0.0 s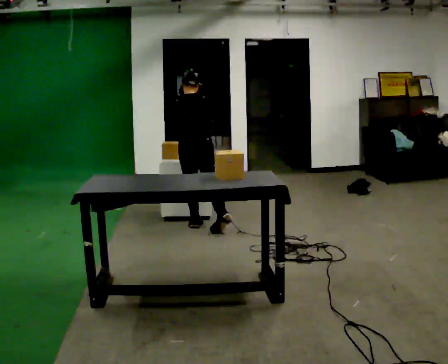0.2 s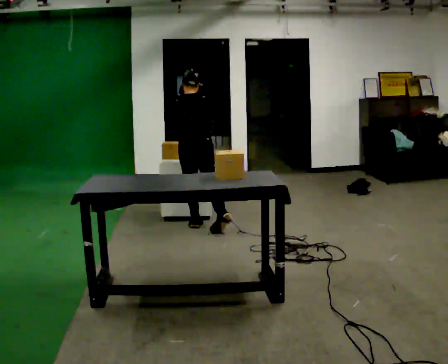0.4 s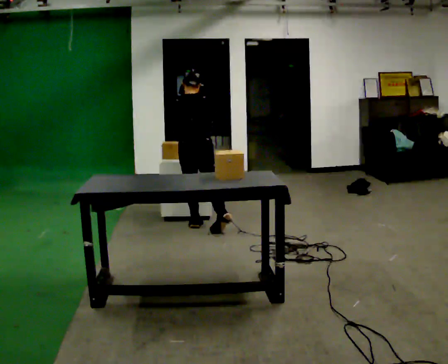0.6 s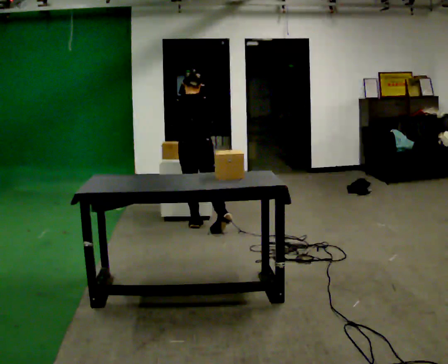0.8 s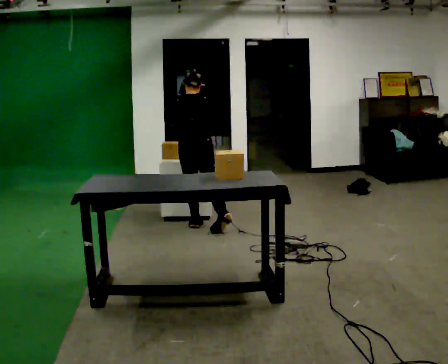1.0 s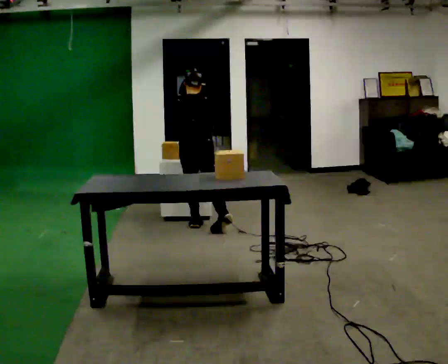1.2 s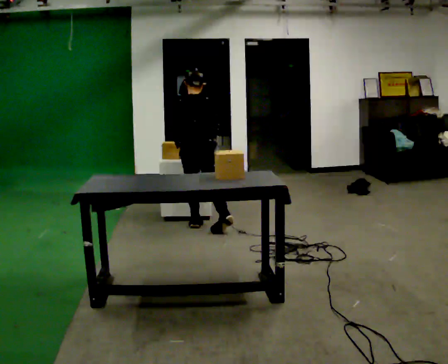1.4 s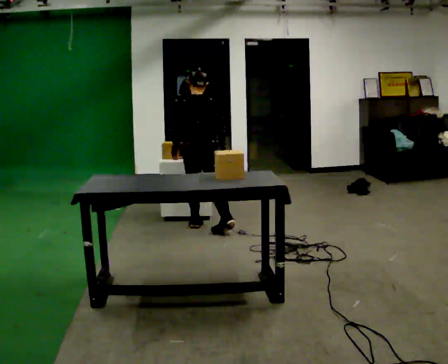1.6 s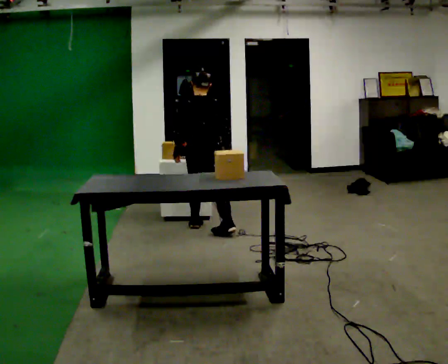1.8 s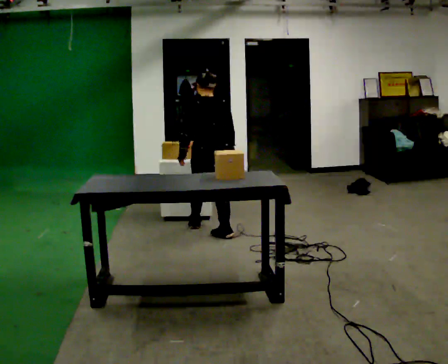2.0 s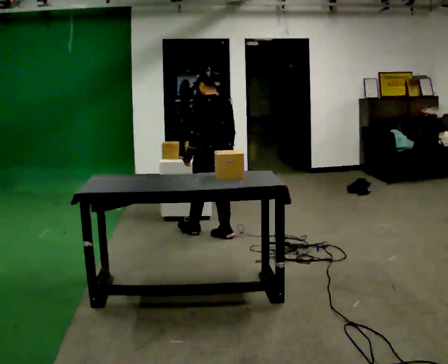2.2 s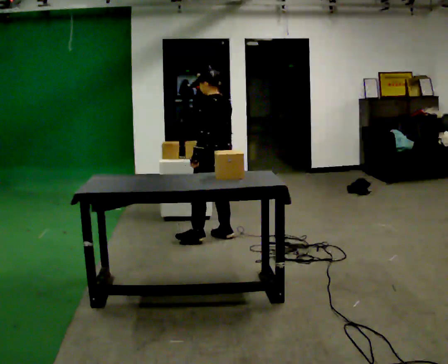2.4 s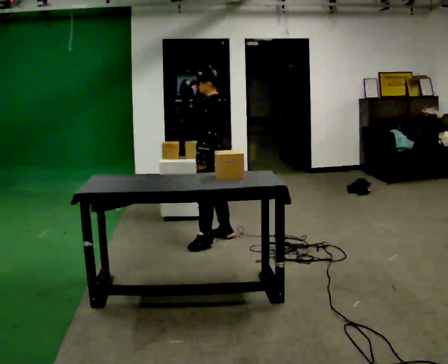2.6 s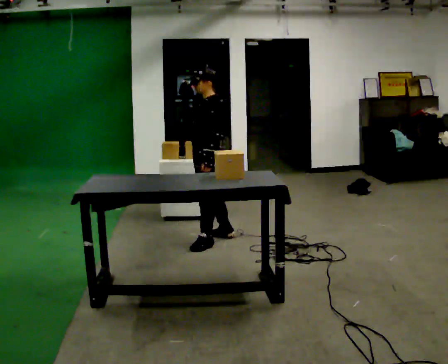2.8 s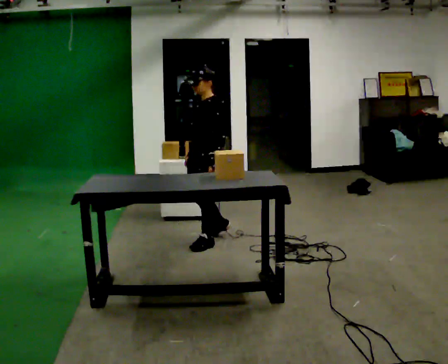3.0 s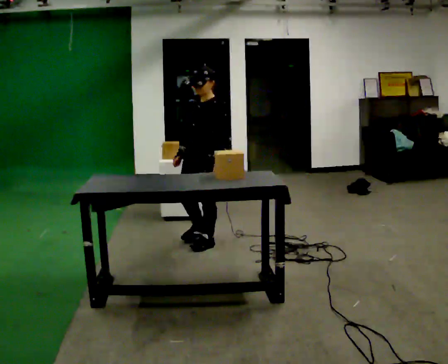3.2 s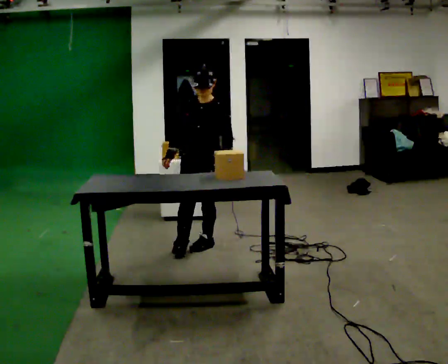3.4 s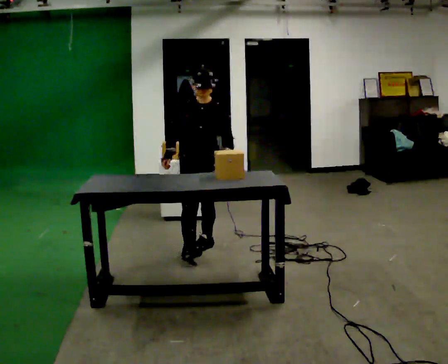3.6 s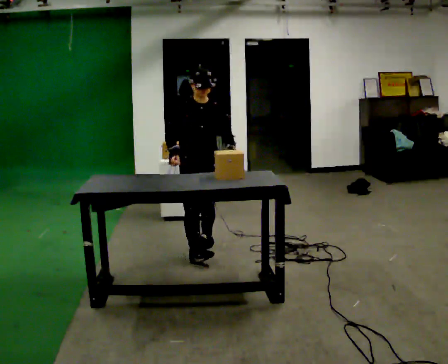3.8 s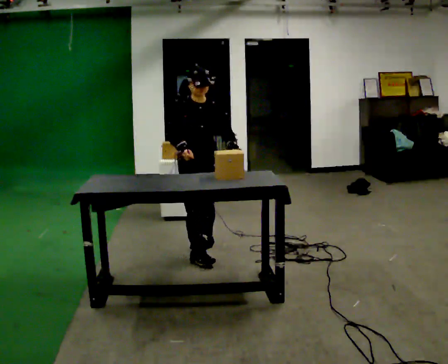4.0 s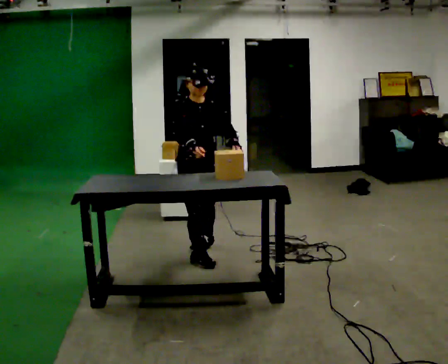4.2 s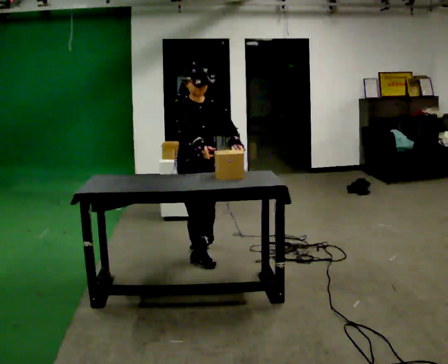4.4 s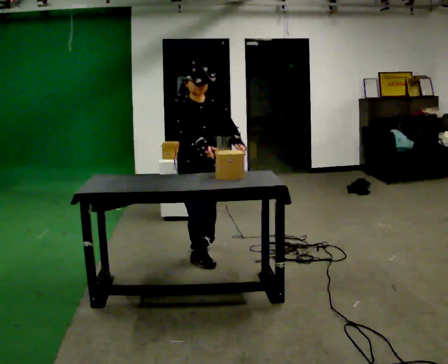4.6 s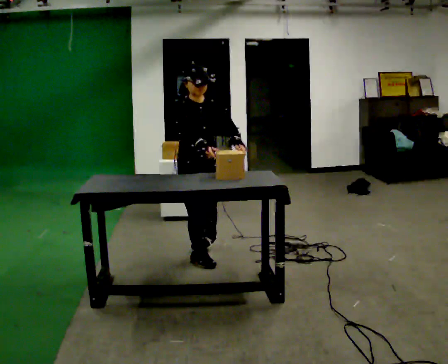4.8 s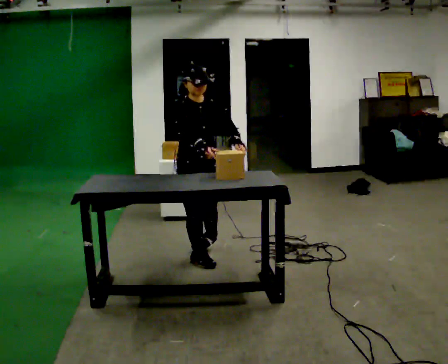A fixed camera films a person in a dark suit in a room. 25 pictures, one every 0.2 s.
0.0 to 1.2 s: The person moves a little, or ends about where they began.
1.2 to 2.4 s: Seen from above the body turns counterclockwise, about 90 degrees: to their left, with its near side sliding to the right. In the picture they go toward the camera, about 0.5 m in 1 step.
2.4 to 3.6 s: Seen from above the body turns counterclockwise, about 120 degrees: to their left, with its near side sliding to the right. In the picture they go toward the camera, about 0.5 m in 1 step.
3.6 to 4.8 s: In the picture they go toward the camera, about 0.25 m, which for them is forward and to their right.
The film runs forward here.
